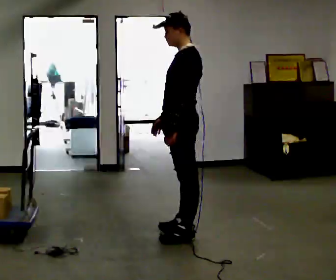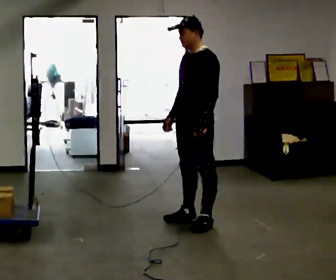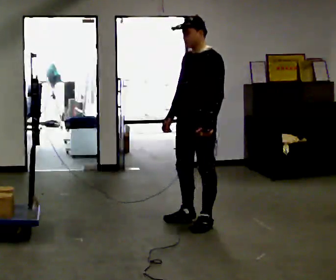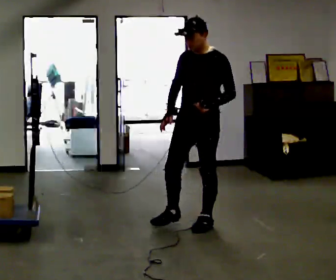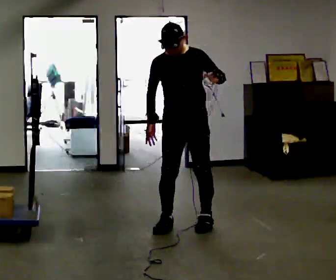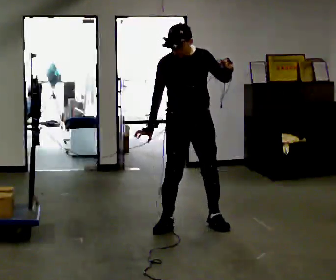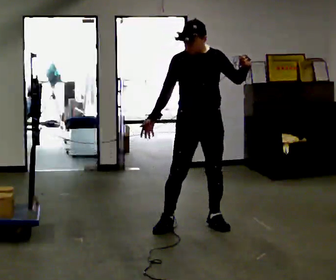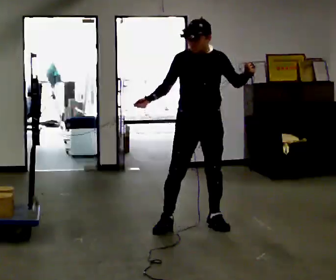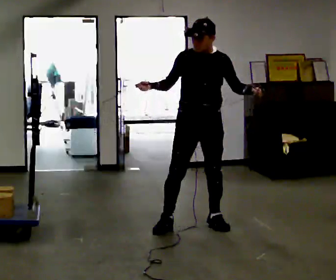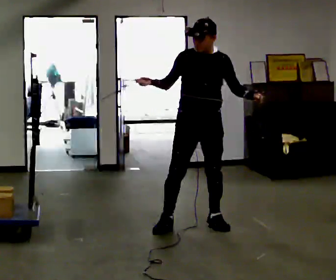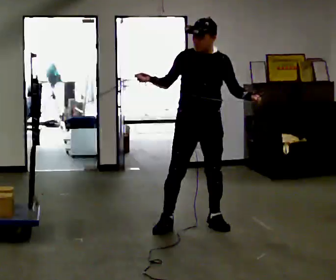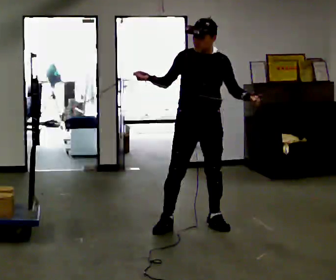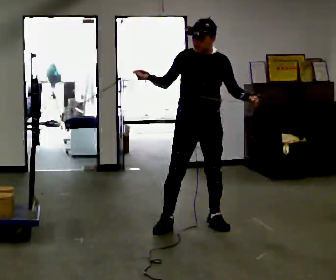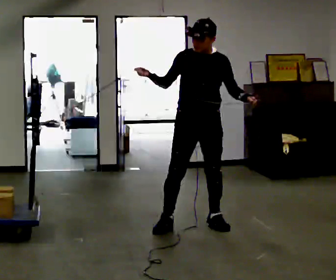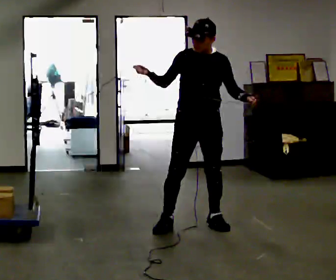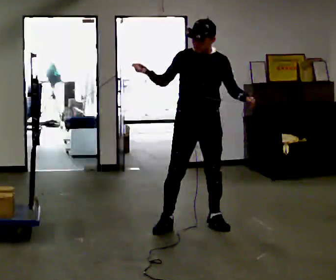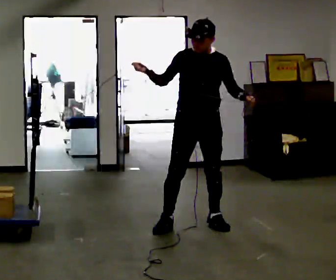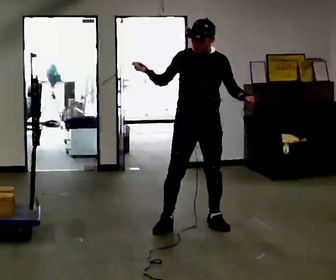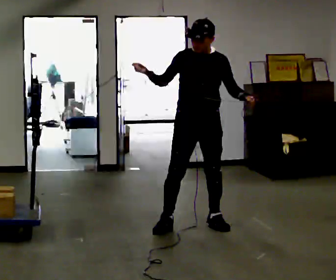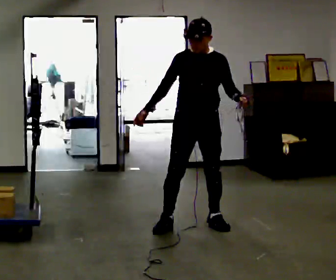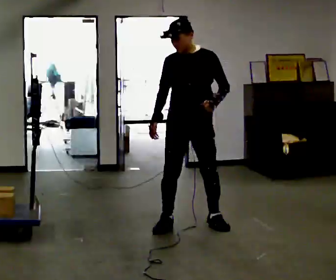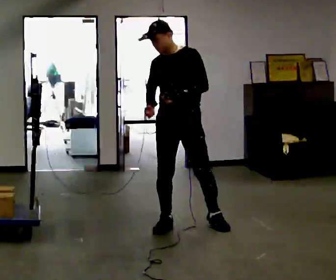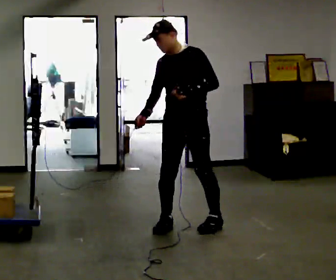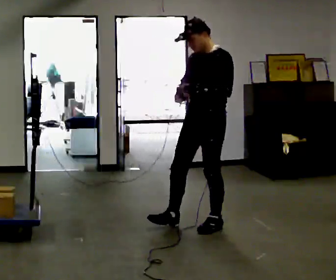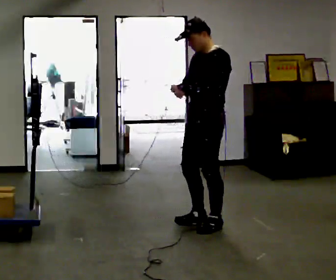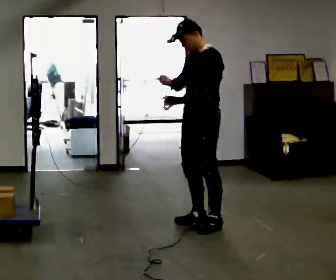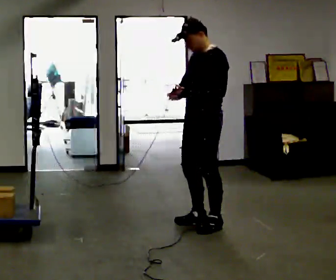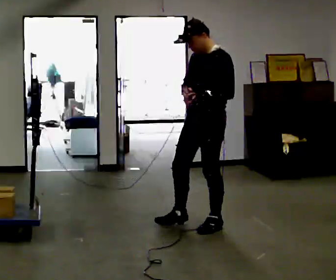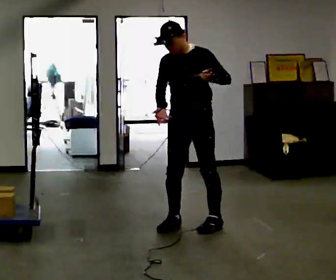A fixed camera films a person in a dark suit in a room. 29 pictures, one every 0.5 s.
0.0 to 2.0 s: The part of the body nearest the lens slides to the right as the person turns to their left by about 90 degrees. In the picture they go away from the camera, about 0.25 m in 1 step. In the picture their left hand goes upward.
2.0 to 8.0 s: In the picture their right hand goes upward, the arm swinging clockwise.
8.0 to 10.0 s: In the picture their right hand goes downward, the arm swinging counterclockwise.
10.0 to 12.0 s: Seen from above the body turns clockwise, about 60 degrees: to their right, with its near side sliding to the left.
12.0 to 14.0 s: The person turns about 45 degrees to their left, counterclockwise seen from above, so the part of the body nearest the lens slides to the right.
The film runs forward here.
